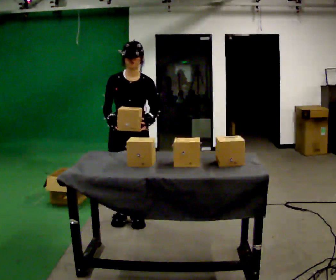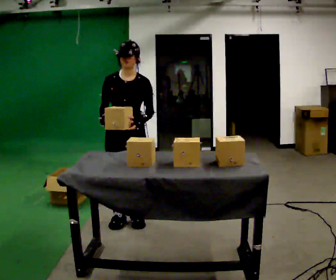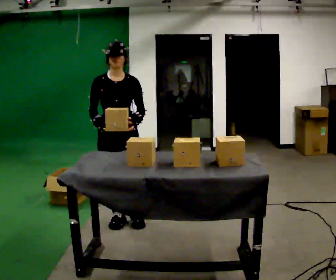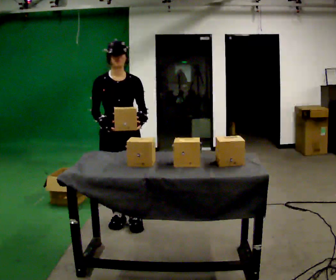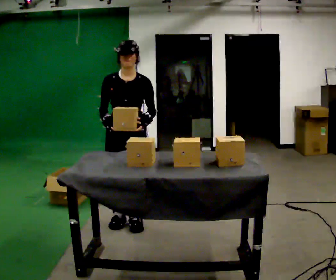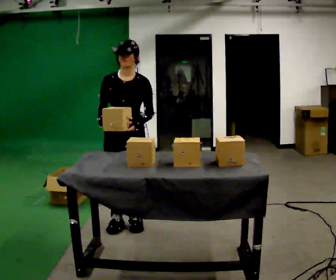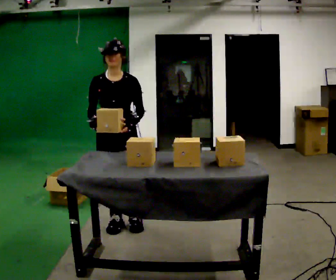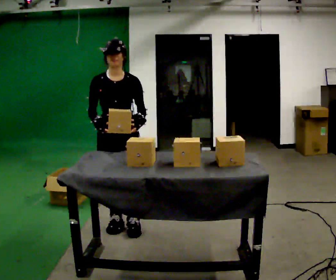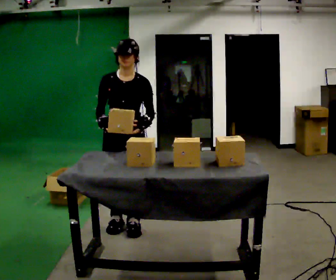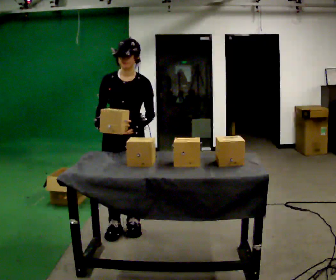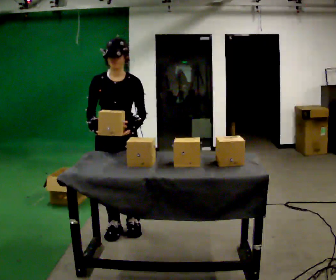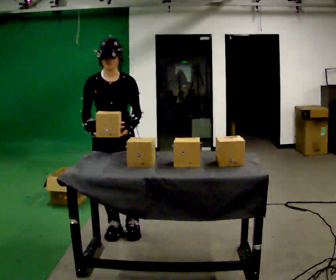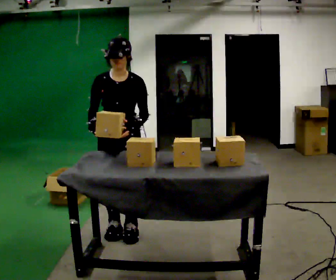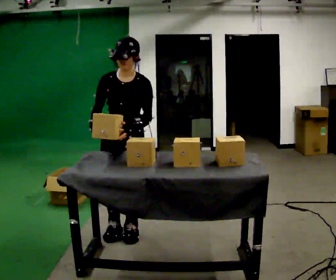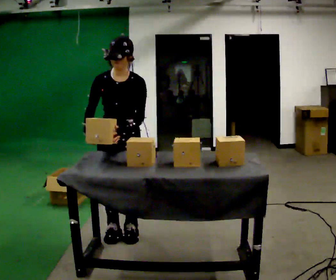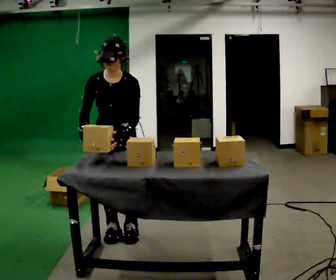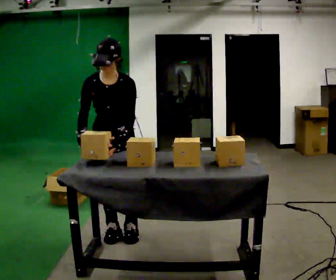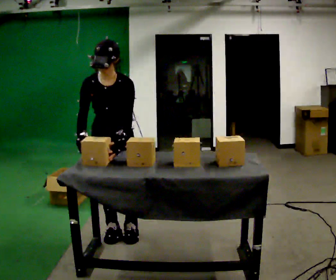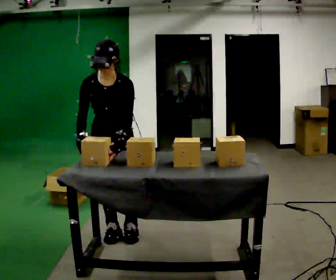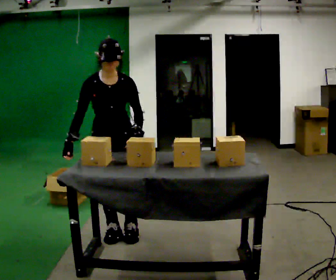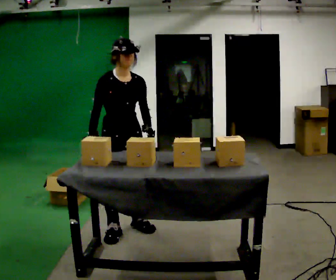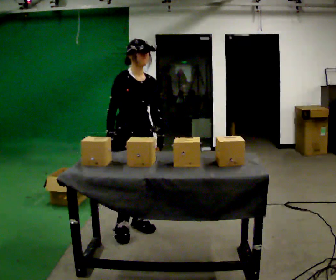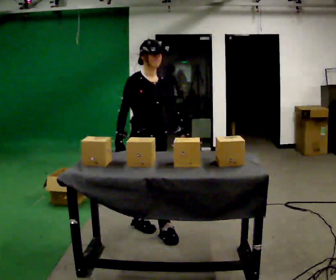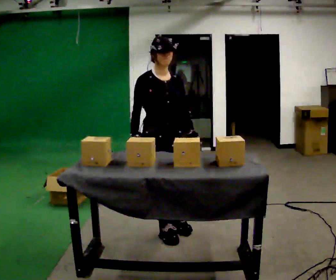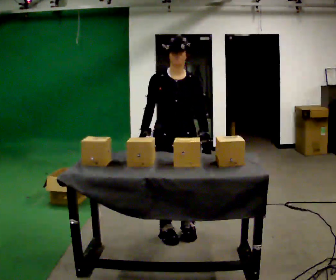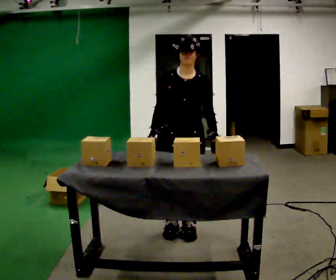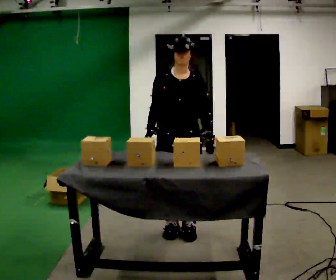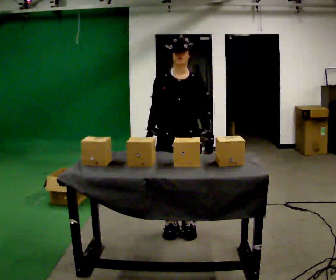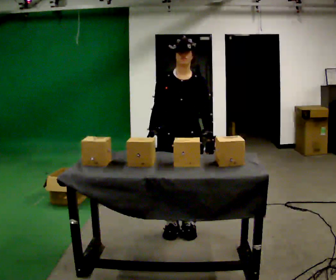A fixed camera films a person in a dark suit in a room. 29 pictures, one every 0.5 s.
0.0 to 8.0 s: In the picture they go toward the camera, about 0.25 m in 2 steps, which for them is forward.
8.0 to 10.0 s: Seen from above the body turns counterclockwise, about 30 degrees: to their left, with its near side sliding to the right.
10.0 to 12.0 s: The part of the body nearest the lens slides to the left as the person turns to their right by about 30 degrees. In the picture they go to the right, about 0.5 m in 2 steps, which for them is forward and to their left.
12.0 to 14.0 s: The person moves a little, or ends about where they began.
The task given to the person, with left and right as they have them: Take objects out of the bin one at a time and lay them out on the table, stepping between the bin and the table each time. Keep going until the operator says stop; one object at a time, and do not rush between trips.
The film runs forward here.
